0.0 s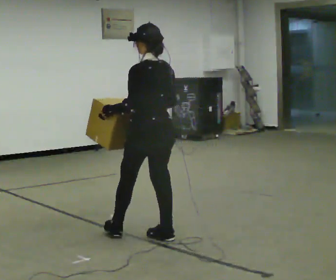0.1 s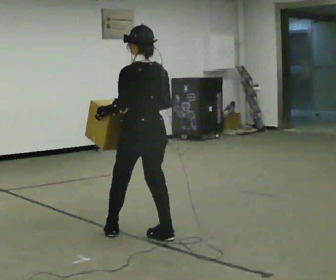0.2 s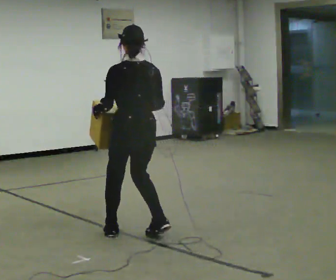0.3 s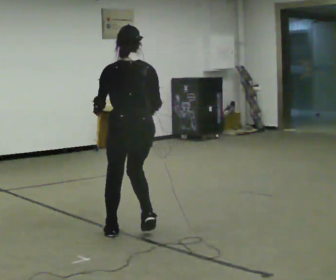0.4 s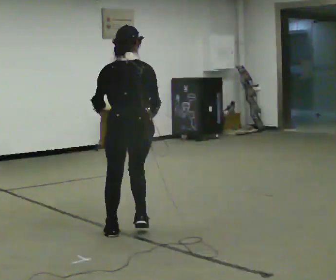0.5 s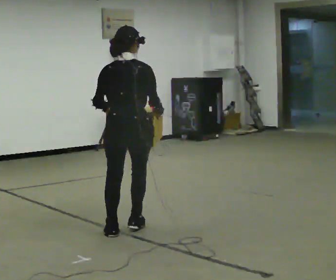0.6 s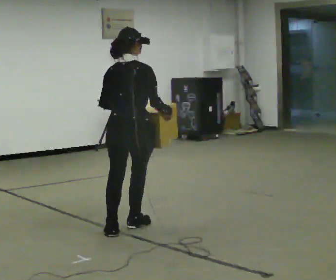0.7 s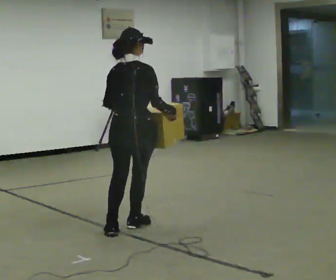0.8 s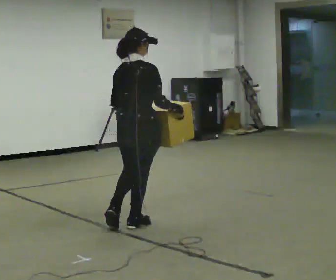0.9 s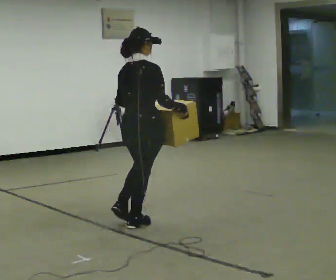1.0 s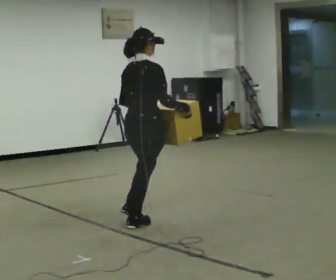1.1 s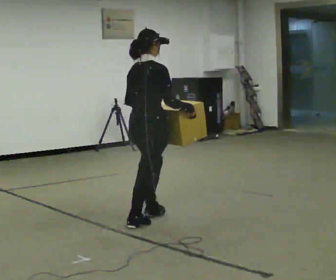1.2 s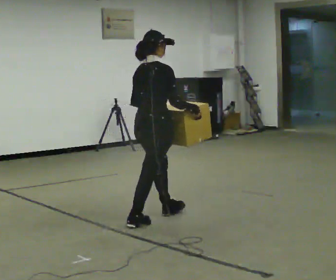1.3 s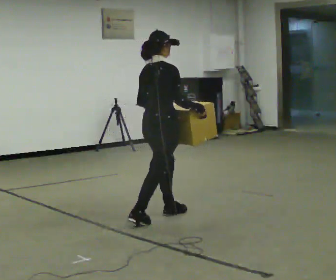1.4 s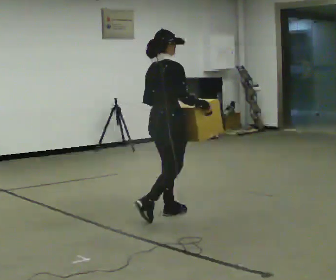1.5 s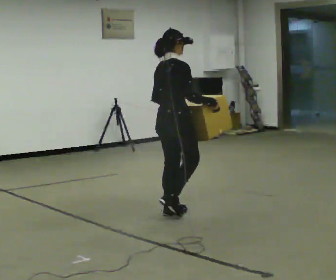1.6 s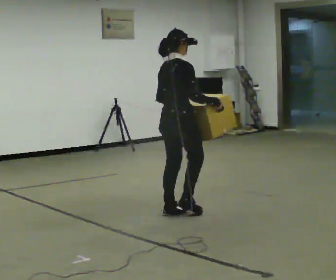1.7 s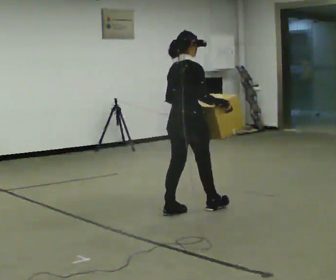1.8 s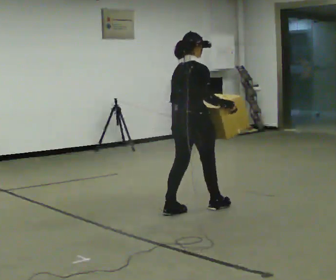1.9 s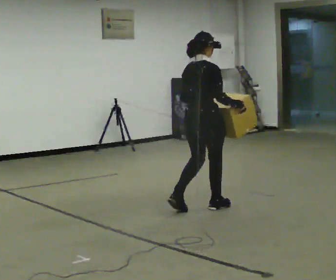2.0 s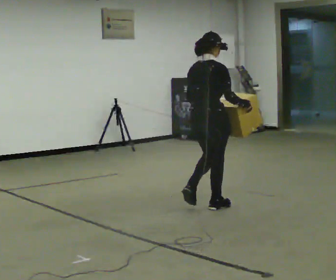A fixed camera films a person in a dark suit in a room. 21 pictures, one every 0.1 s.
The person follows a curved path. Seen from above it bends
clockwise.
The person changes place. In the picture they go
away from the camera.
0.0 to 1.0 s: The part of the body nearest the lens slides to the left as the person turns to their right by about 90 degrees. In the picture they go away from the camera, about 0.5 m in 2 steps.
1.0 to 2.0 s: In the picture they go to the right and away from the camera, about 1 m in 2 steps, which for them is forward.
The film runs forward here.
